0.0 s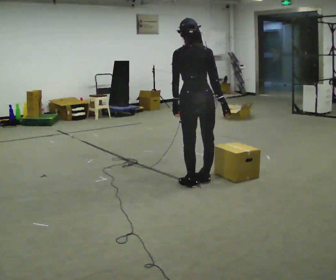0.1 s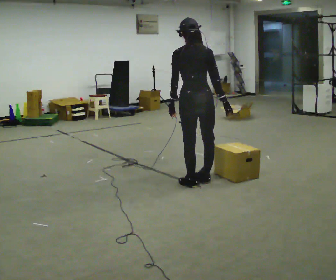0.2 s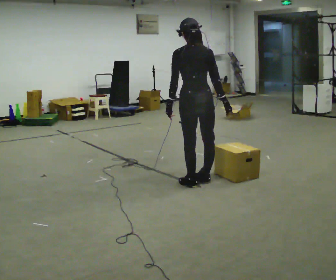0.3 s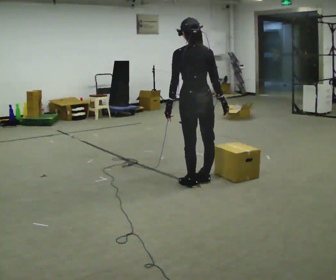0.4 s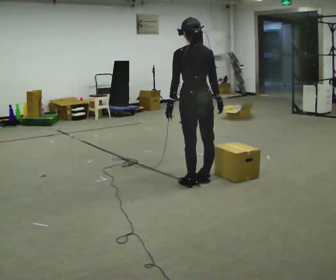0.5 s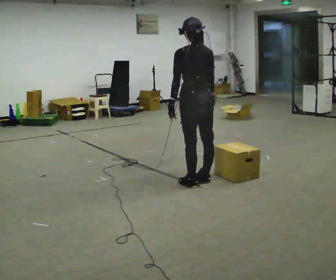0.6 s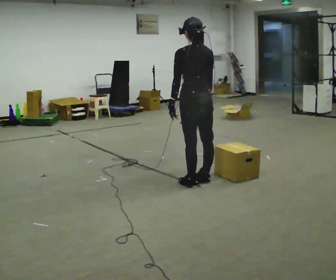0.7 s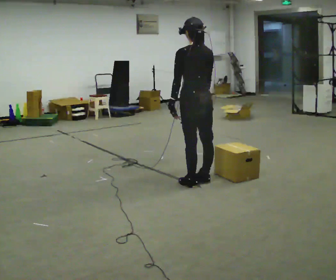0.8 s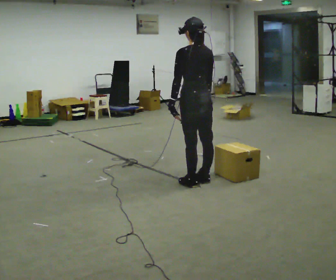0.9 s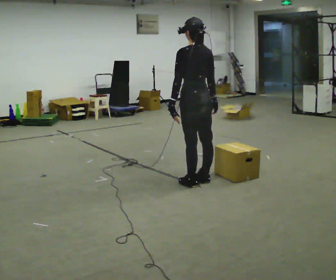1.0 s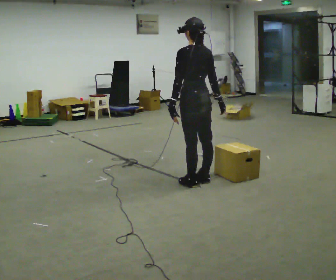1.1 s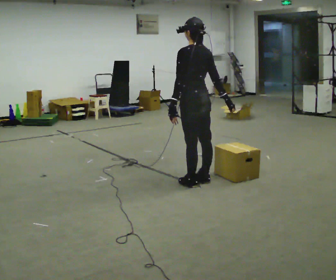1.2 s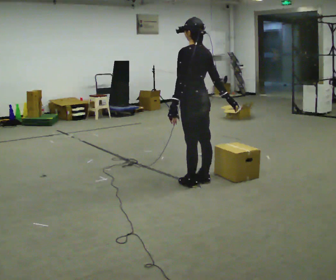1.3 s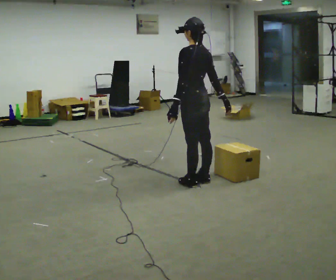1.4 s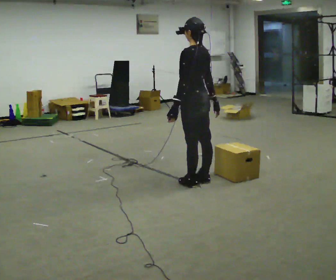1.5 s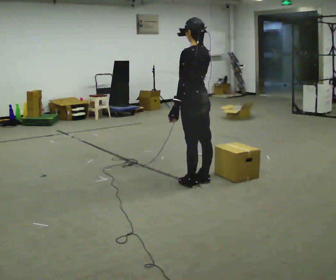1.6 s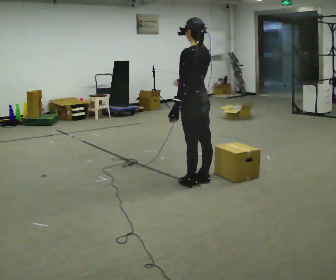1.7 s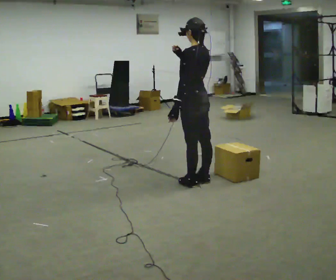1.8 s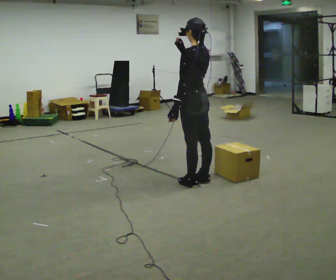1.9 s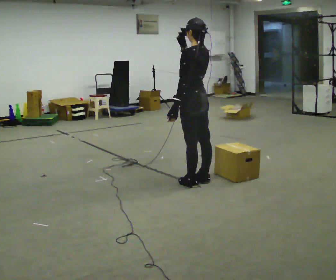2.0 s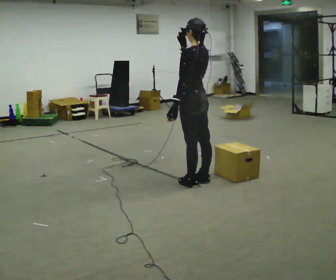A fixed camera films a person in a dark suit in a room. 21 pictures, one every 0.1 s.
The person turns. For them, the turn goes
to their left.
The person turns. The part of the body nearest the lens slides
to the right.
0.0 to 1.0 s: The person turns about 45 degrees to their left, counterclockwise seen from above, so the part of the body nearest the lens slides to the right.
1.0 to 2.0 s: In the picture their right hand goes upward and to the left.
The film runs backward here.
